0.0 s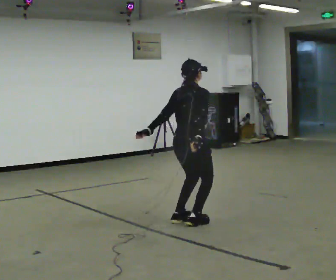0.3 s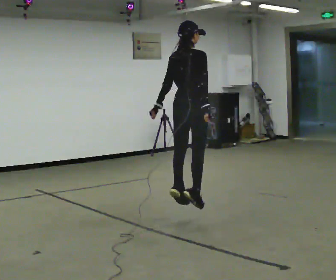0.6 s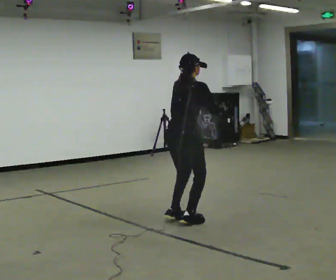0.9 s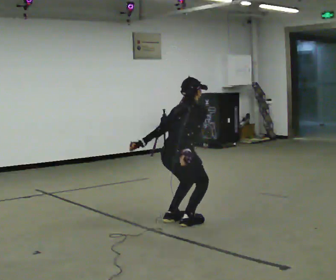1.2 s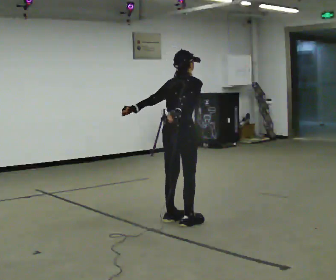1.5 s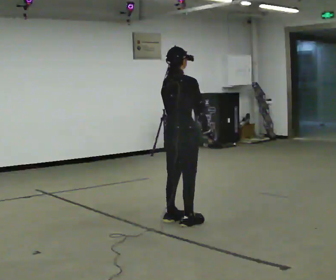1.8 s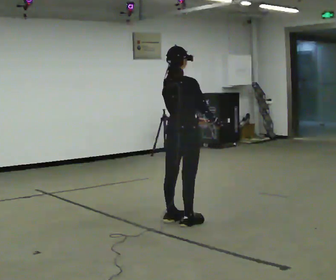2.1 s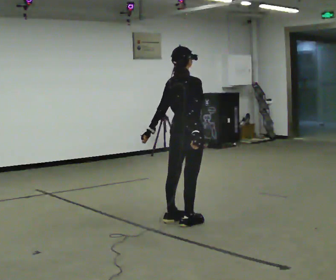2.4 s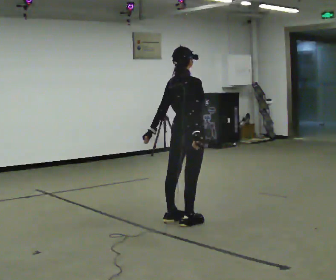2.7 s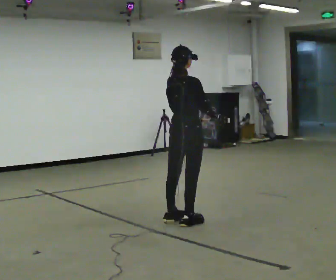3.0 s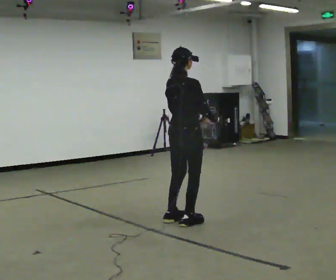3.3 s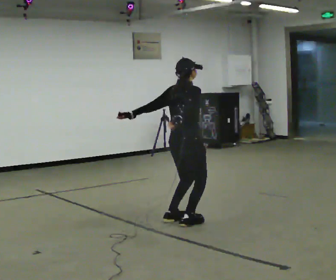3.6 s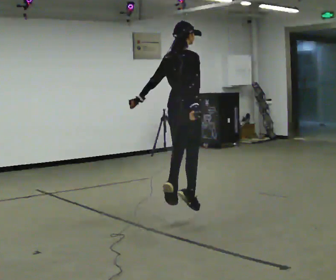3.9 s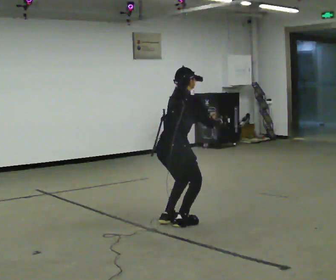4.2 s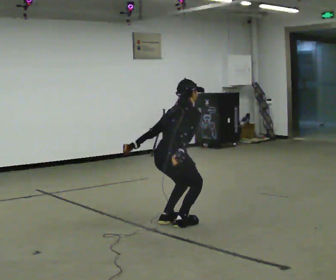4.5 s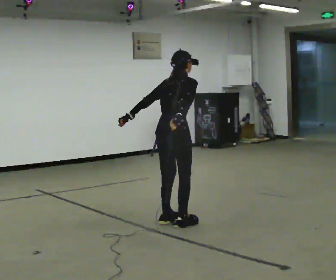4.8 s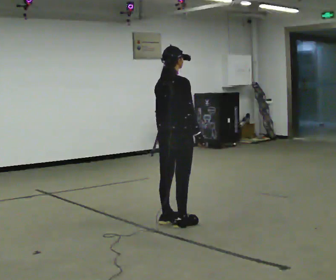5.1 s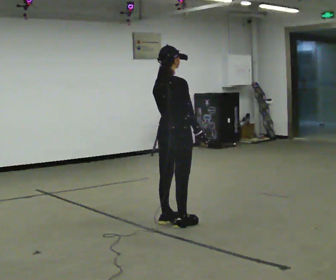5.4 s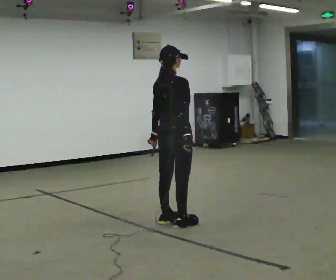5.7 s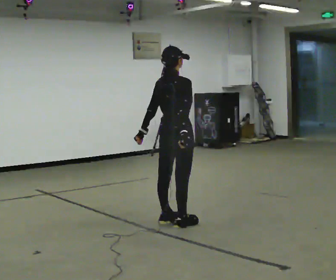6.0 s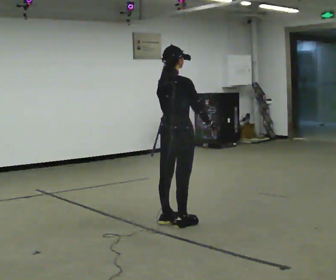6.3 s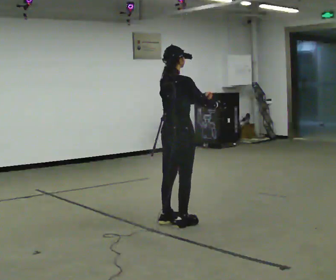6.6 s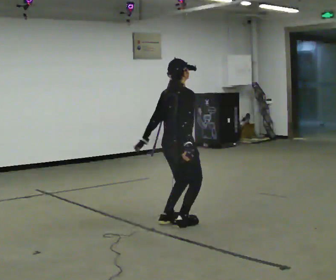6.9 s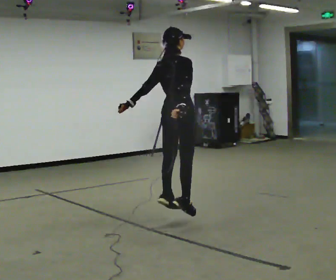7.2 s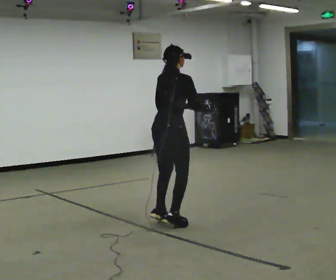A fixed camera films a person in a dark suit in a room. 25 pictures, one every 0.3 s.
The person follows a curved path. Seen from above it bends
counterclockwise.
0.0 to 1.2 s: In the picture their right hand goes upward.
1.2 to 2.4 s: The person moves a little, or ends about where they began.
2.4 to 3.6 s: In the picture their left hand goes upward.
3.6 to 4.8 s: In the picture their left hand goes downward.
4.8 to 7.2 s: The person moves a little, or ends about where they began.
The film runs backward here.
